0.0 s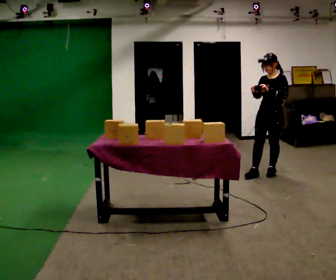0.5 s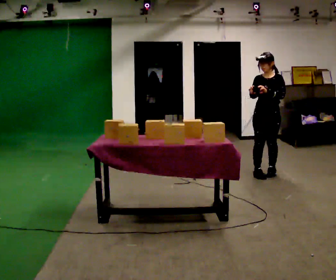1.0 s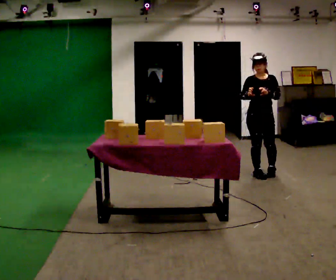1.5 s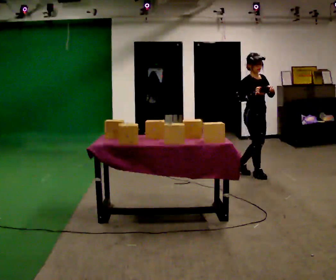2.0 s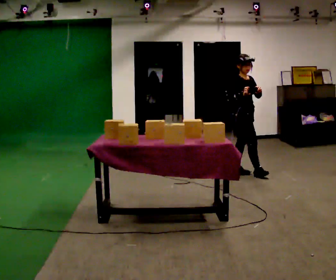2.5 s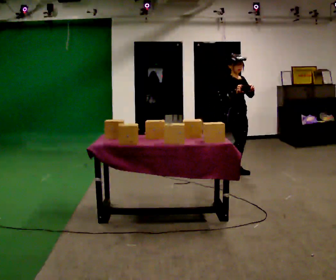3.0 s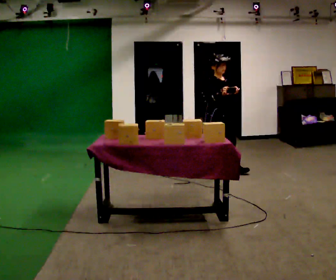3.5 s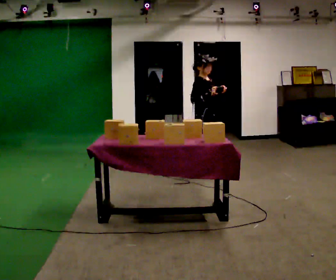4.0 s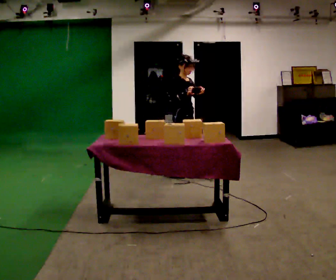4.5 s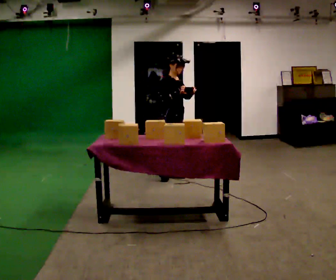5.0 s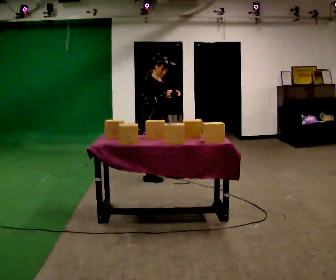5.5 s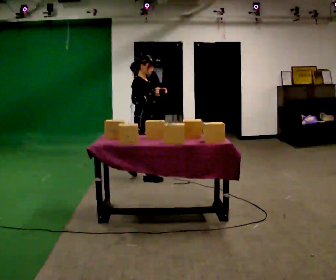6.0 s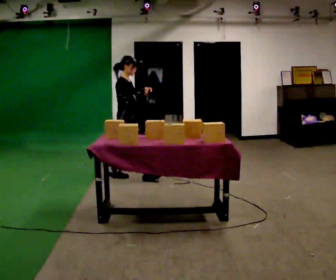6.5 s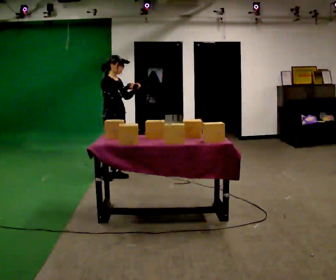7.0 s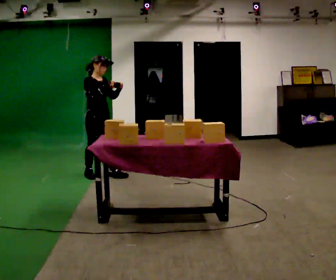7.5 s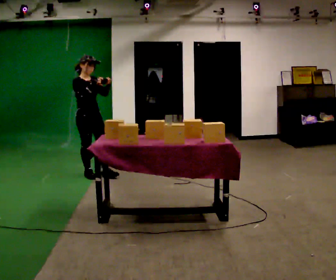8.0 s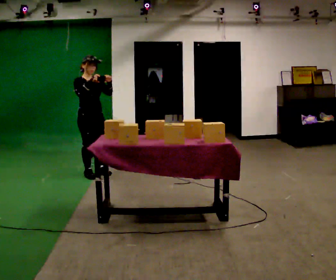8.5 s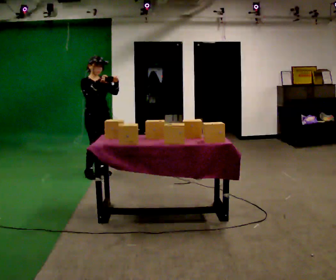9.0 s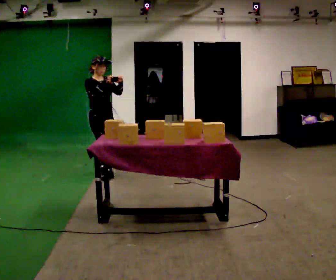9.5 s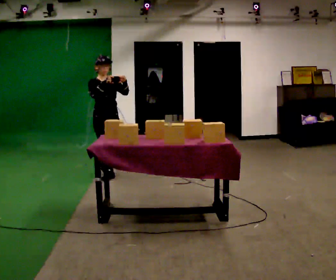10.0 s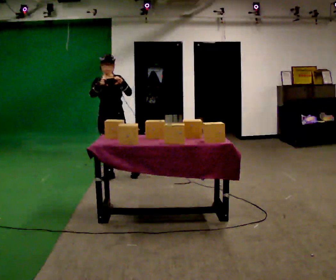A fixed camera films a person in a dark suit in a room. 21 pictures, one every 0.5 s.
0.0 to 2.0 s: Seen from above the body turns counterclockwise, about 105 degrees: to their left, with its near side sliding to the right. In the picture they go to the left, about 0.25 m in 1 step.
2.0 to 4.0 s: In the picture they go to the left, about 1 m in 3 steps, which for them is backward and to their right.
4.0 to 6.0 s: In the picture they go to the left, about 0.5 m in 1 step, which for them is backward.
6.0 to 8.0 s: Seen from above the body turns clockwise, about 45 degrees: to their right, with its near side sliding to the left. In the picture they go to the left, about 0.5 m in 2 steps, which for them is backward and to their right.
8.0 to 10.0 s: The part of the body nearest the lens slides to the left as the person turns to their right by about 45 degrees. In the picture they go to the right, about 0.25 m in 2 steps, which for them is forward and to their left.
The film runs backward here.
